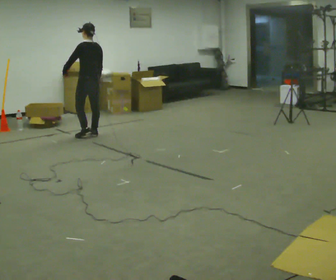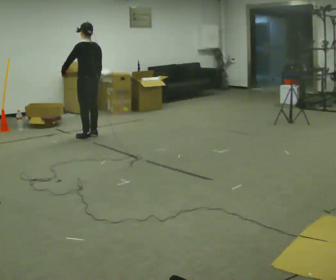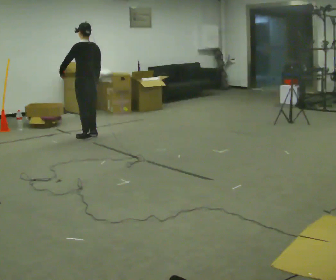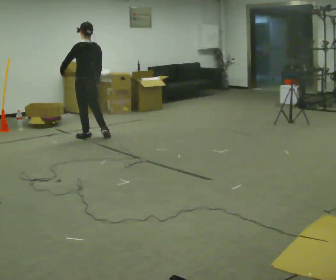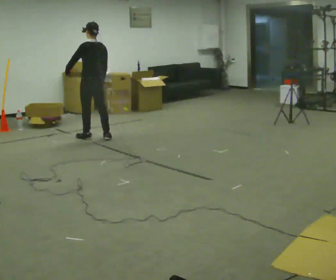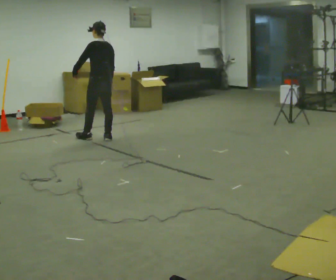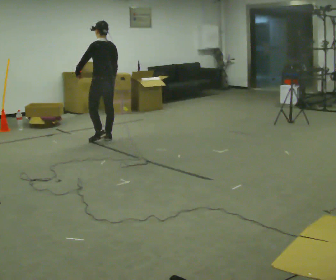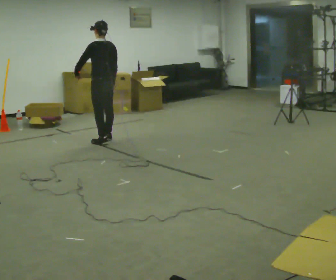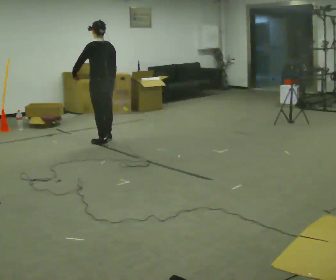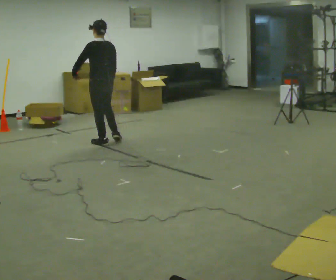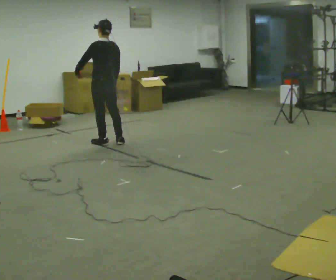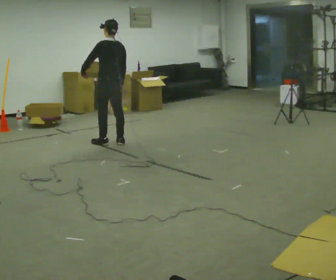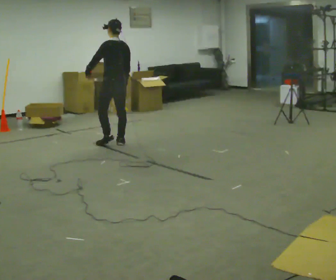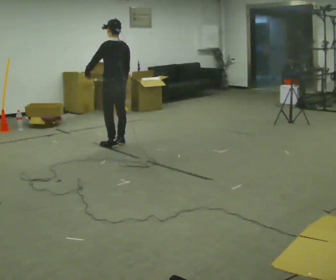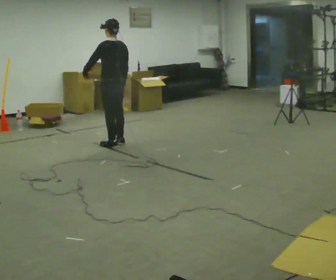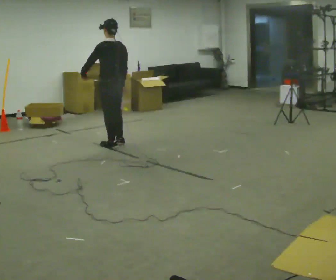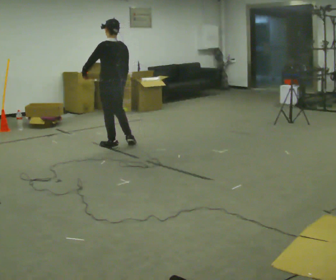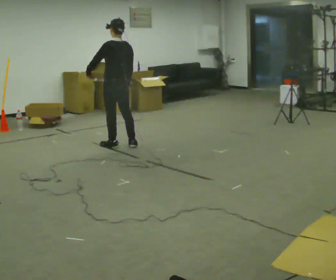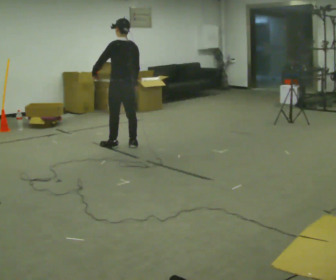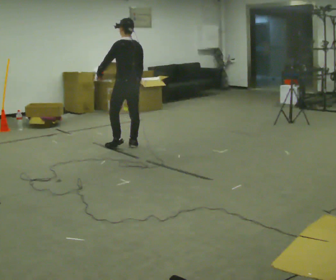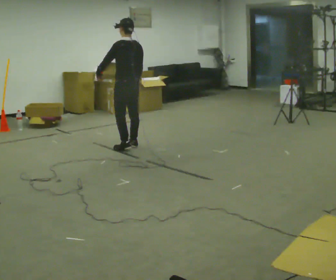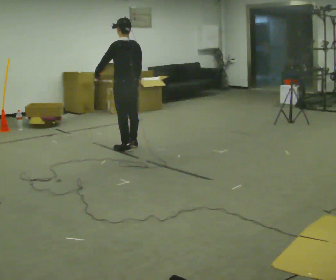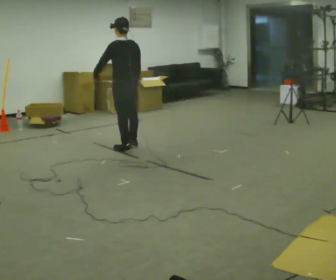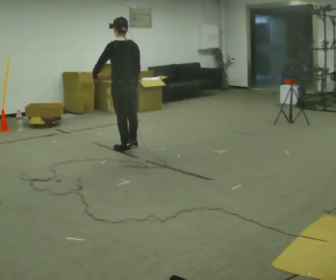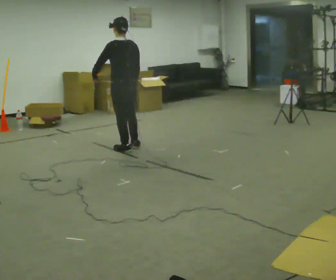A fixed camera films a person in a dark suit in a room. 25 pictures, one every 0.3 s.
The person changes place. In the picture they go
toward the camera.
0.0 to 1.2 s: In the picture they go toward the camera, about 0.25 m in 1 step, which for them is backward.
1.2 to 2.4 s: In the picture they go toward the camera, about 0.25 m in 1 step, which for them is backward.
2.4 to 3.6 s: In the picture they go to the right, about 0.25 m in 2 steps, which for them is backward.
3.6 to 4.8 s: The person moves a little, or ends about where they began.
4.8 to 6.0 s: In the picture they go to the right, about 0.25 m in 1 step, which for them is to their right and backward.
6.0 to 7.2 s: In the picture they go toward the camera, about 0.25 m in 1 step, which for them is to their left and backward.
The film runs backward here.
